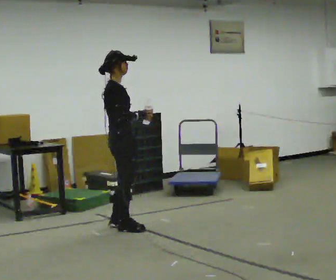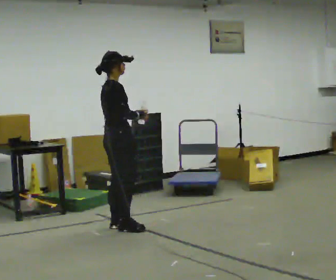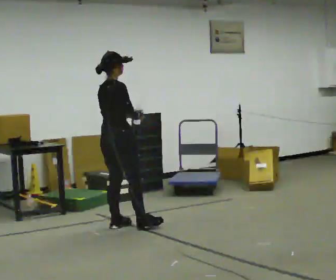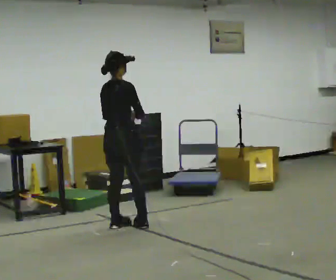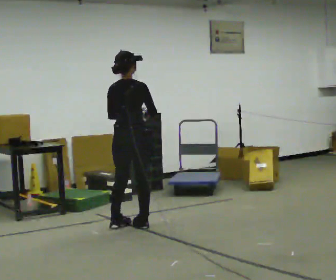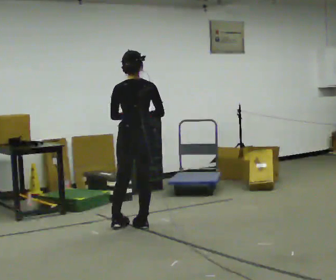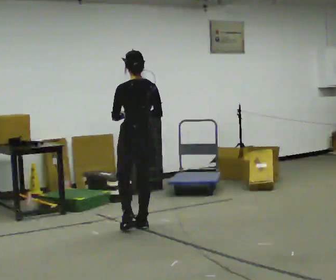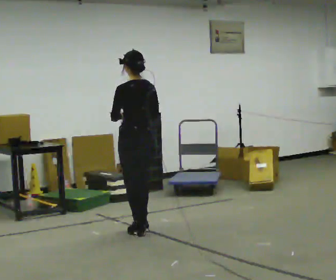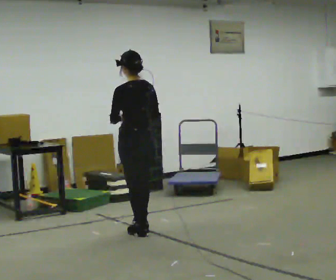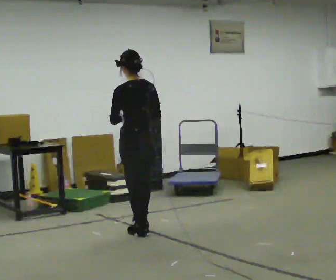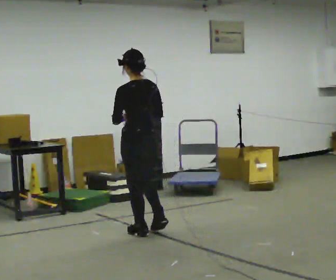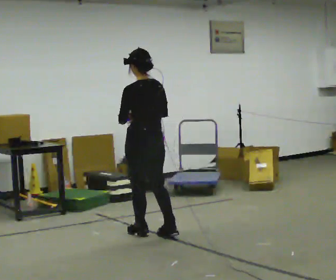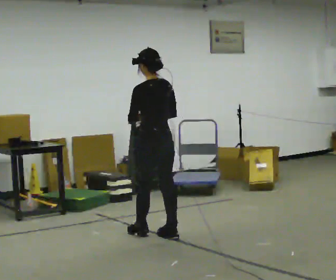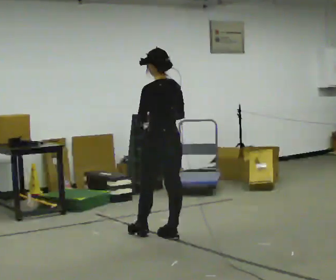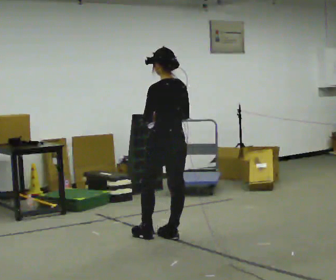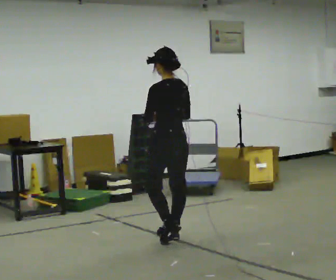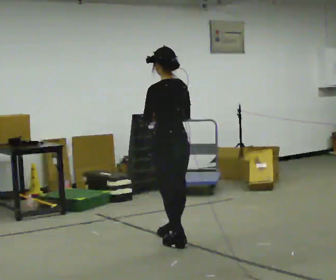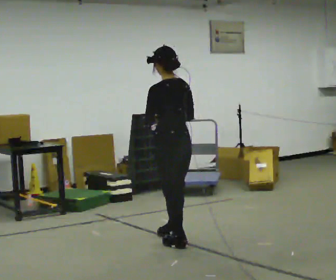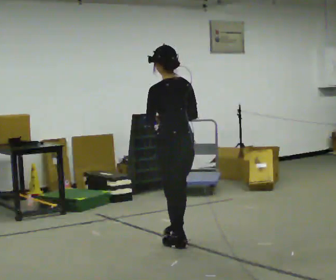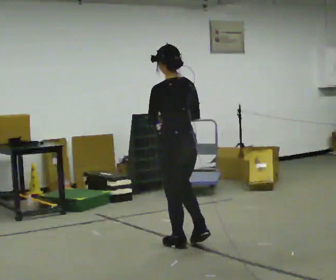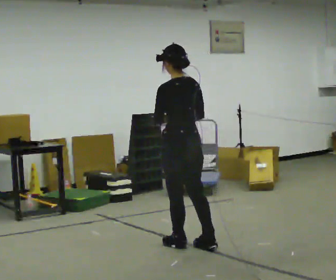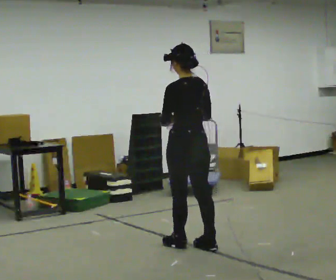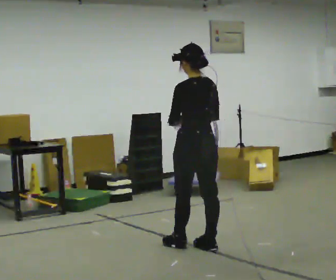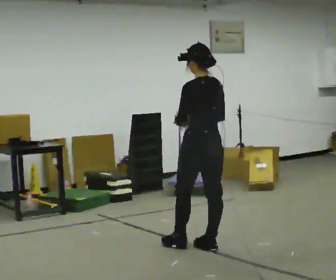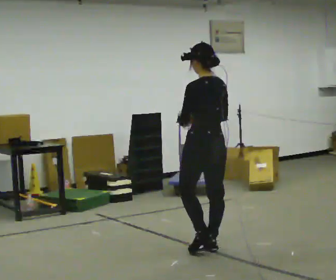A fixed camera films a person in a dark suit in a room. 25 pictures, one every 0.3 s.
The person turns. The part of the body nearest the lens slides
to the right.
The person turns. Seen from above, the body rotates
counterclockwise.
0.0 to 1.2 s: Seen from above the body turns counterclockwise, about 60 degrees: to their left, with its near side sliding to the right.
1.2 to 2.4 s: The part of the body nearest the lens slides to the right as the person turns to their left by about 60 degrees. In the picture they go toward the camera, about 0.25 m in 1 step, which for them is backward.
2.4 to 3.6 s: In the picture they go toward the camera and to the right, about 0.25 m in 1 step, which for them is backward.
3.6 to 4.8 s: In the picture they go toward the camera, about 0.25 m in 1 step, which for them is backward.
4.8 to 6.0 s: In the picture they go toward the camera, about 0.25 m in 1 step, which for them is backward.
6.0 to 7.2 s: In the picture they go to the right, about 0.25 m in 1 step, which for them is backward.
The film runs backward here.
